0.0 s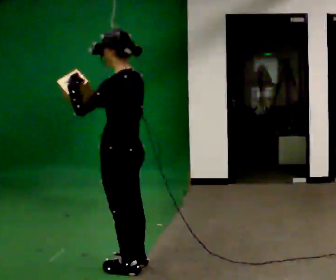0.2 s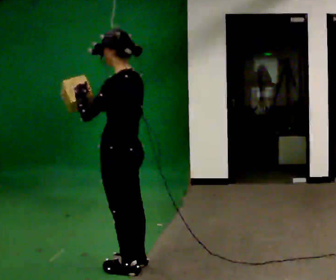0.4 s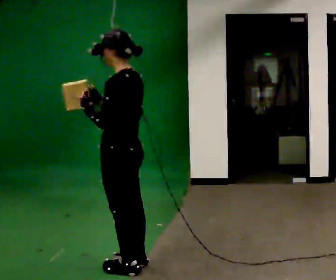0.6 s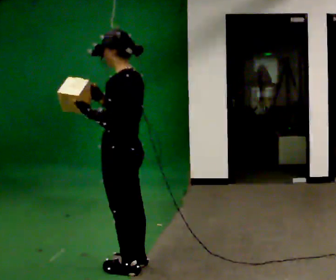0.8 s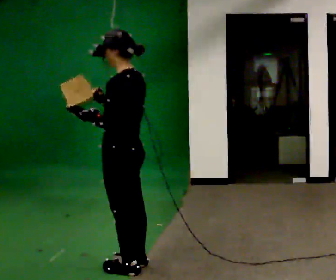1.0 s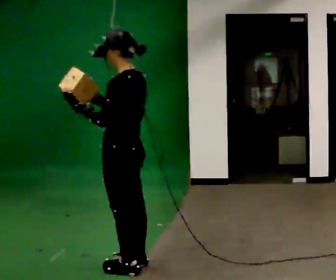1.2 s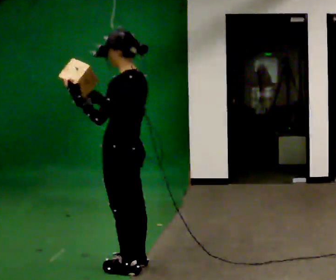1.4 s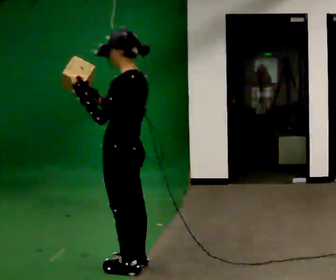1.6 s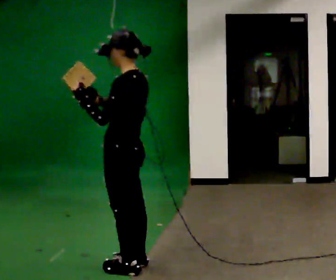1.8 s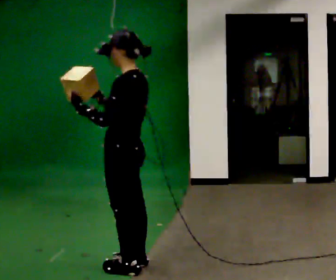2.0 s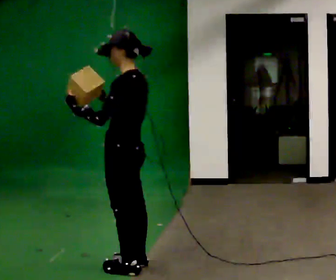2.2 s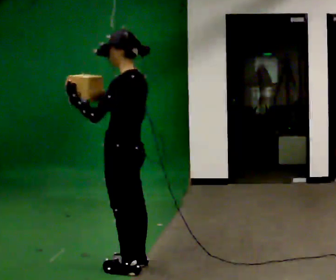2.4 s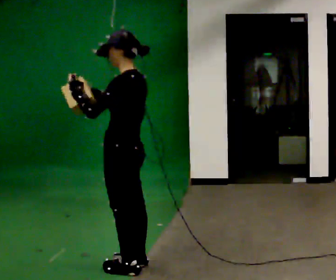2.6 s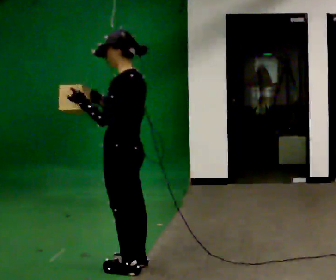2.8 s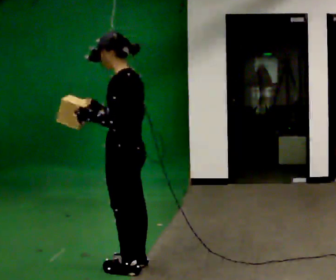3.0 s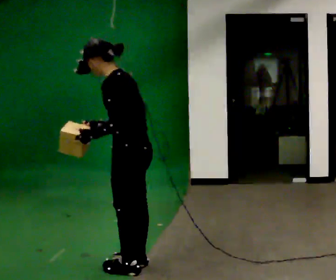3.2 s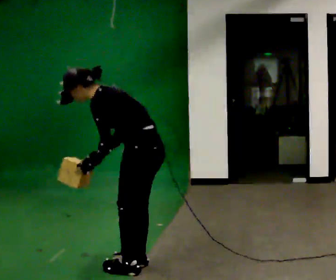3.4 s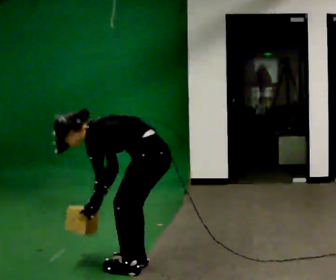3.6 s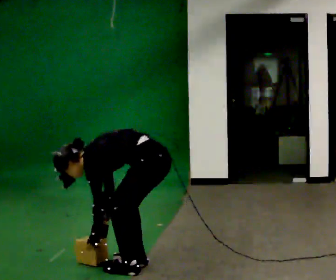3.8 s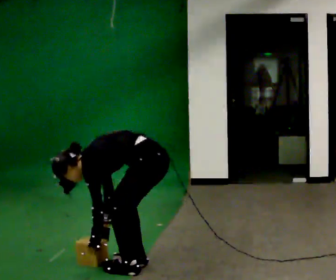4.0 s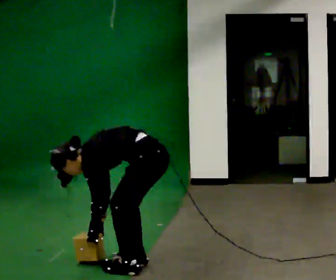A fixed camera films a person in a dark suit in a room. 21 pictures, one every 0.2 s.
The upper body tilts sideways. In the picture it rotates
counterclockwise.
The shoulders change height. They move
downward.
0.0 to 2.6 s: The person moves a little, or ends about where they began.
2.6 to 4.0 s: In the picture they go to the right, about 0.25 m, which for them is backward. The shoulders move downward. In the picture the upper body tilts counterclockwise, shoulders to the left, as they bend forward. In the picture their left hand goes downward, the arm swinging counterclockwise.
The film runs forward here.
